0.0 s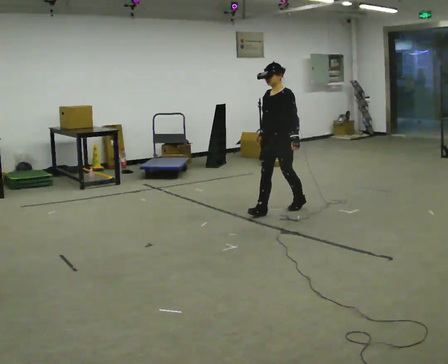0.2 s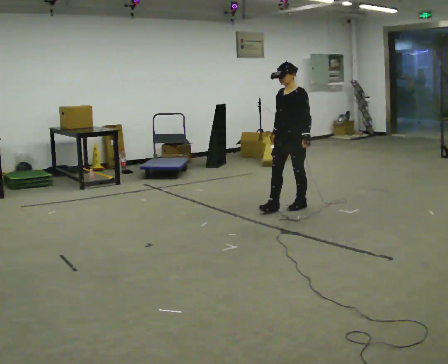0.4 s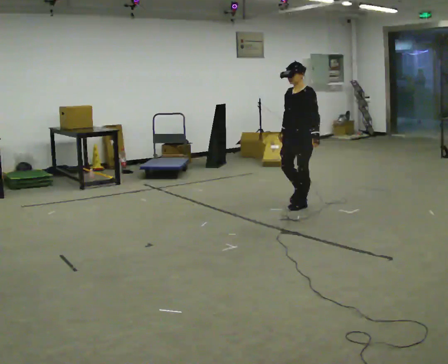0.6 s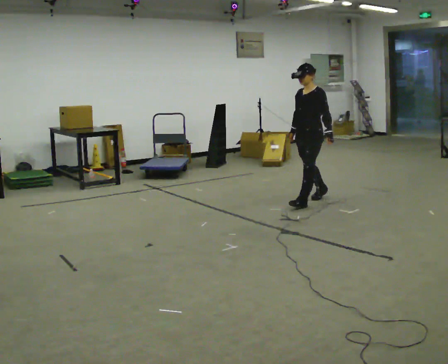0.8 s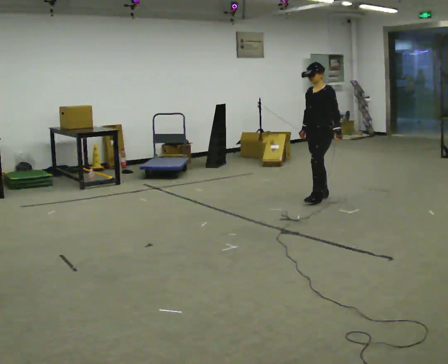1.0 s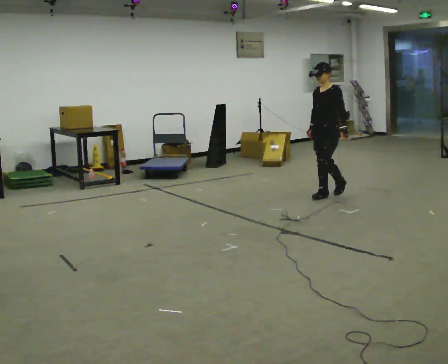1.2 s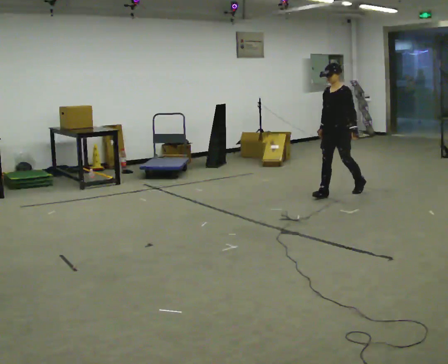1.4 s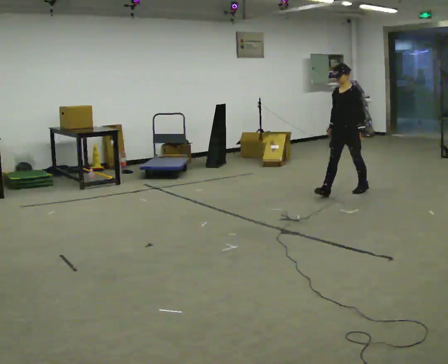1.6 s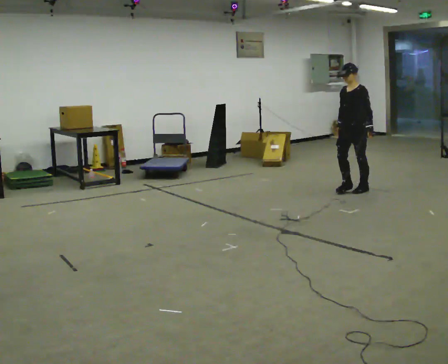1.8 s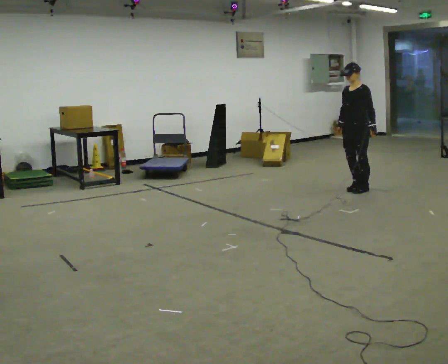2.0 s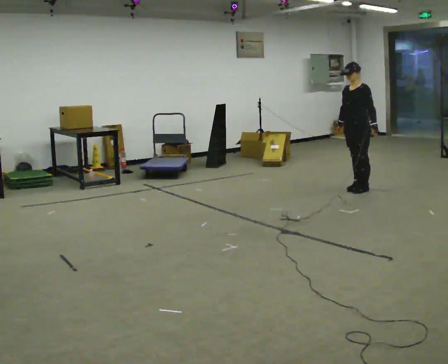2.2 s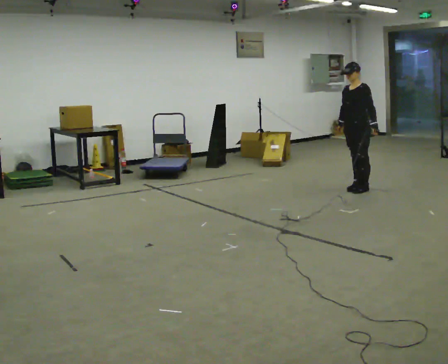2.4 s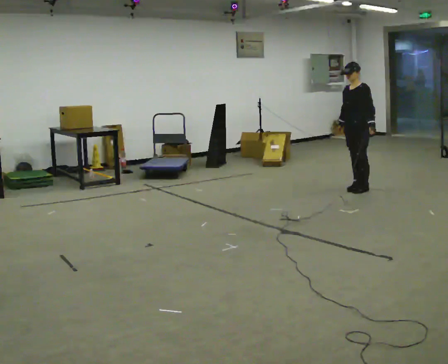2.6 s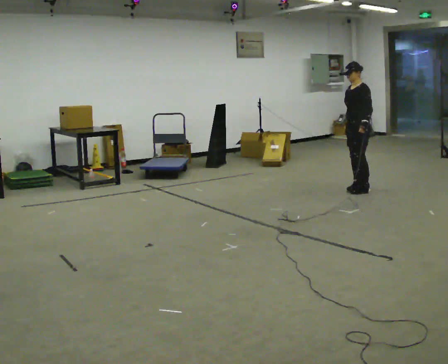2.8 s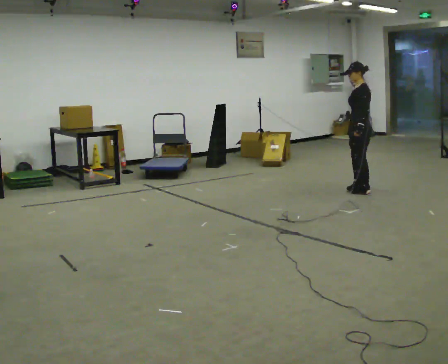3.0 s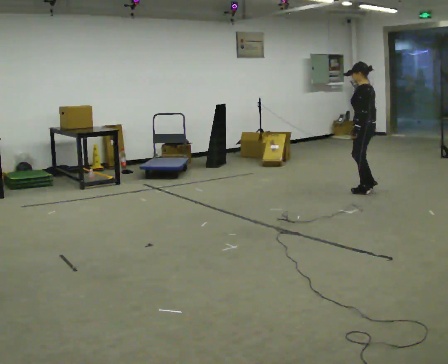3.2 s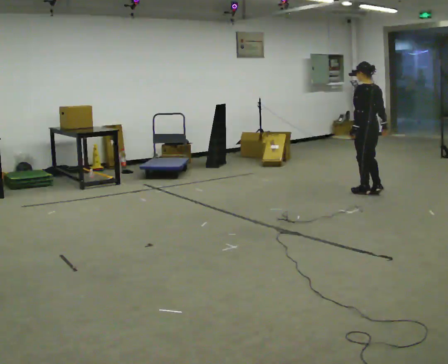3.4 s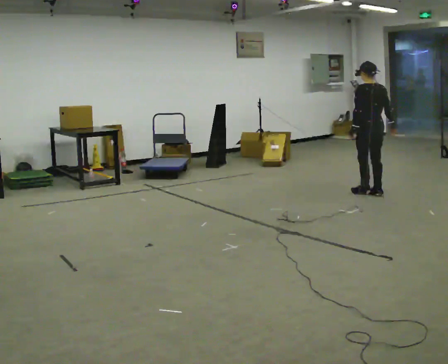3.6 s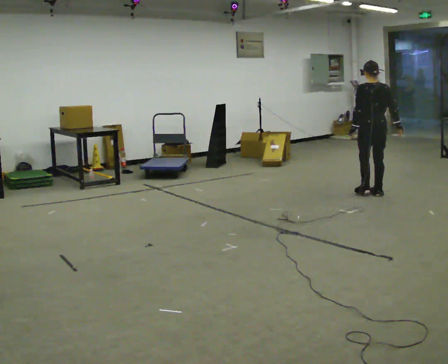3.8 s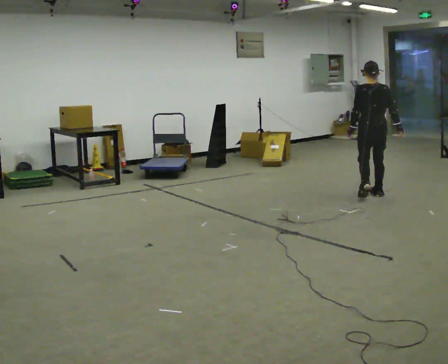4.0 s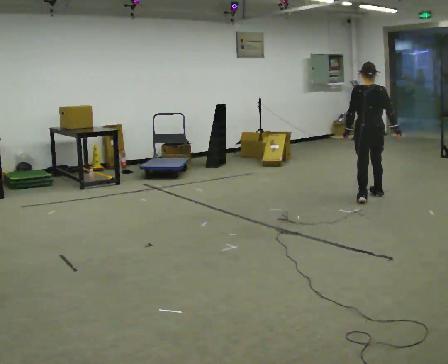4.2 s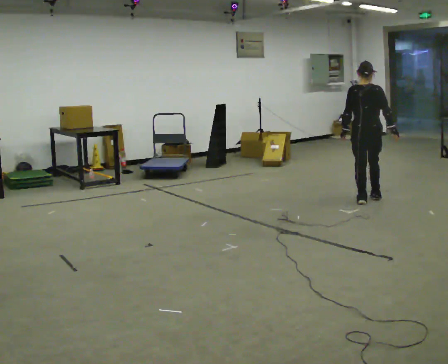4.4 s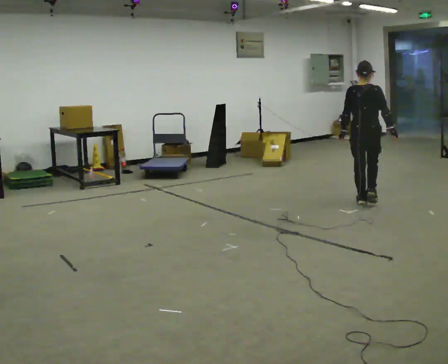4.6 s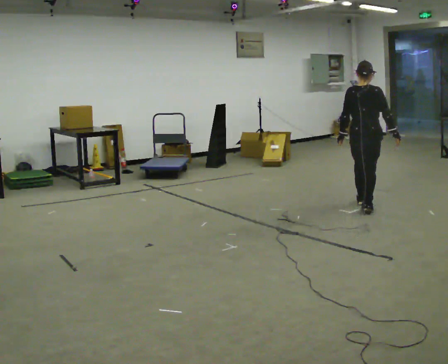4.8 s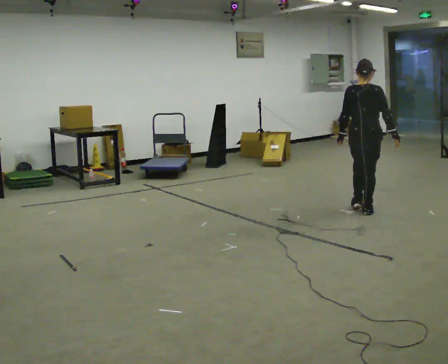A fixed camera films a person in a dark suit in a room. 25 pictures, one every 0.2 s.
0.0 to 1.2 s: In the picture they go away from the camera and to the right, about 1 m in 2 steps, which for them is backward.
1.2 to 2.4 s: In the picture they go away from the camera and to the right, about 0.5 m in 1 step, which for them is backward.
2.4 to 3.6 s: Seen from above the body turns clockwise, about 120 degrees: to their right, with its near side sliding to the left. In the picture they go toward the camera and to the right, about 0.25 m in 3 steps.
3.6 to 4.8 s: In the picture they go toward the camera, about 0.5 m in 2 steps, which for them is backward.
The film runs backward here.
